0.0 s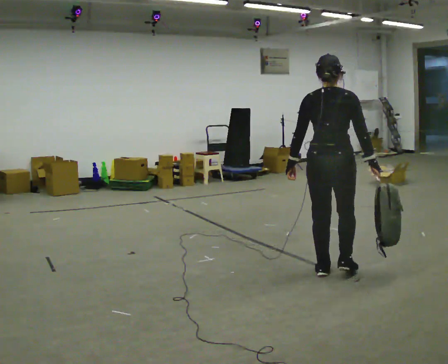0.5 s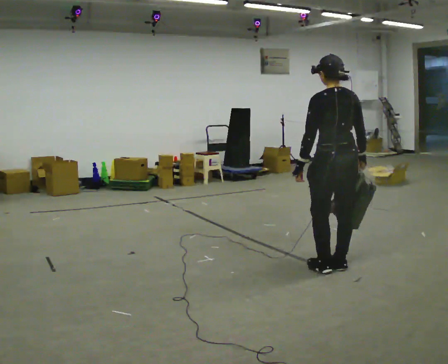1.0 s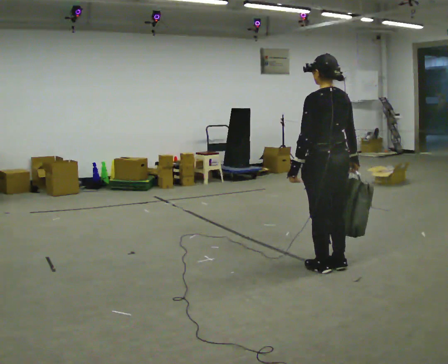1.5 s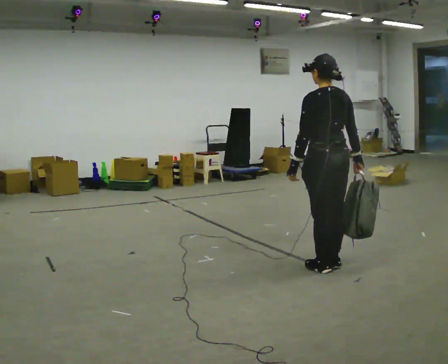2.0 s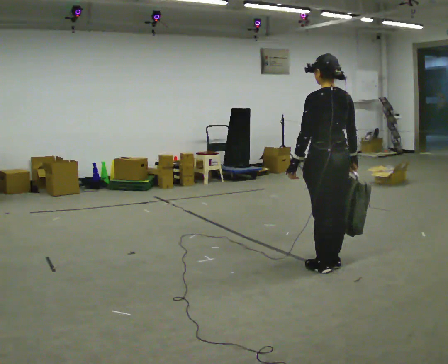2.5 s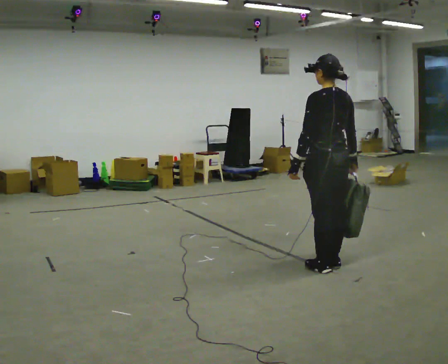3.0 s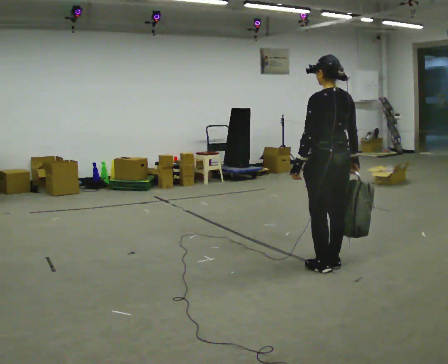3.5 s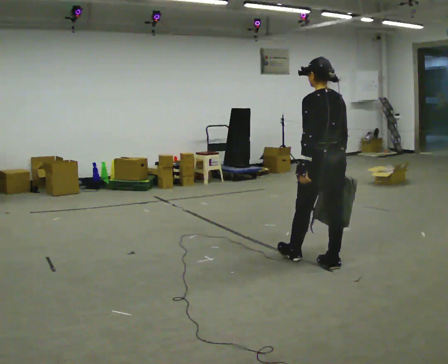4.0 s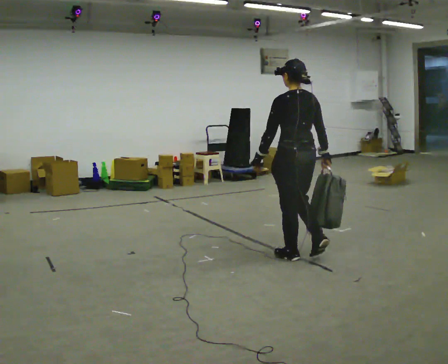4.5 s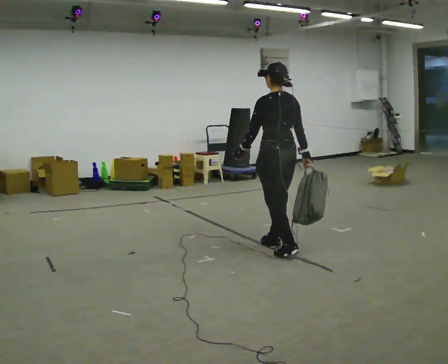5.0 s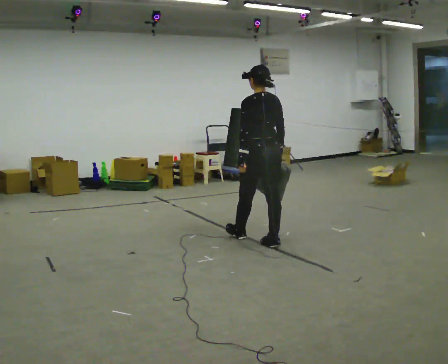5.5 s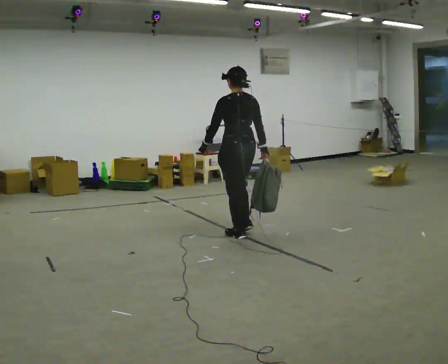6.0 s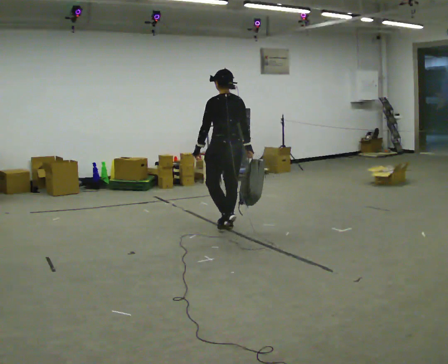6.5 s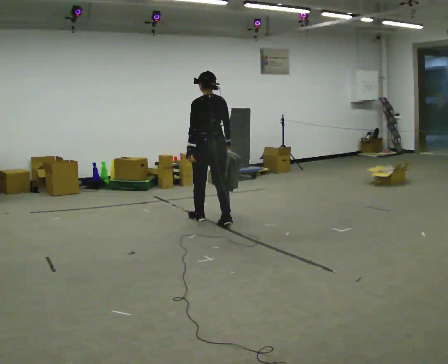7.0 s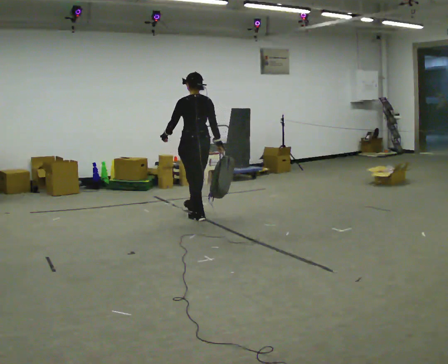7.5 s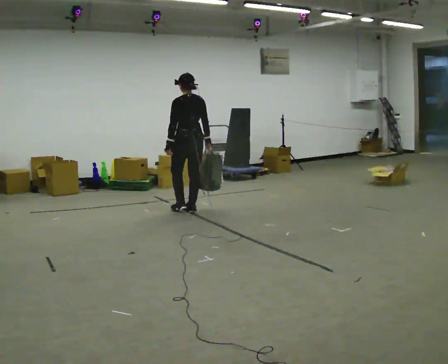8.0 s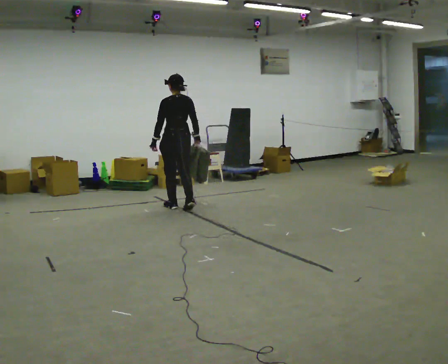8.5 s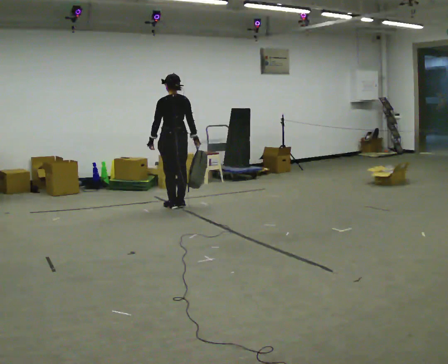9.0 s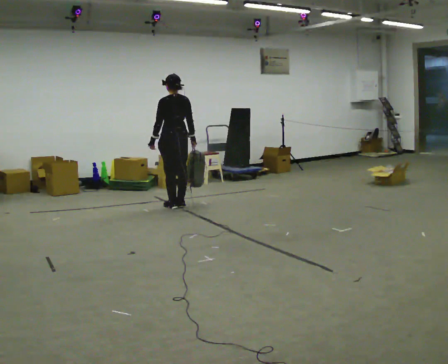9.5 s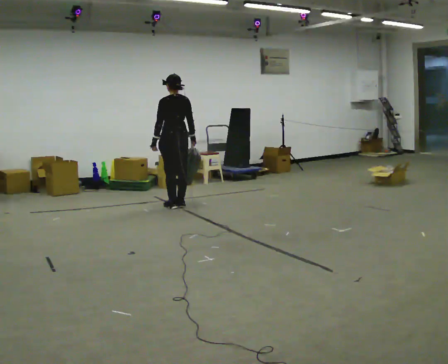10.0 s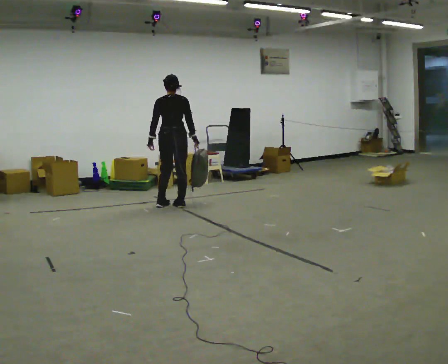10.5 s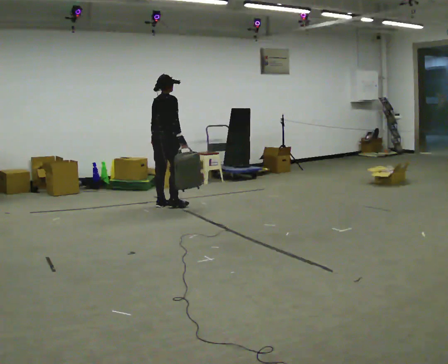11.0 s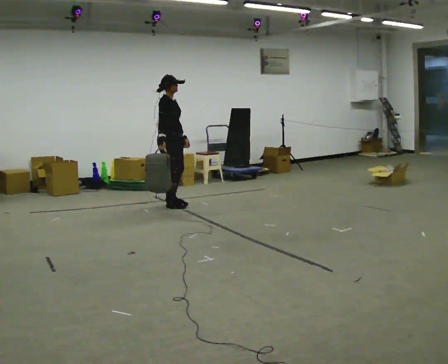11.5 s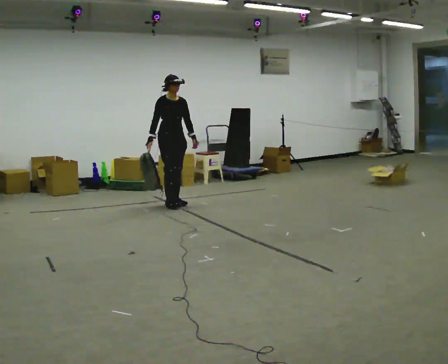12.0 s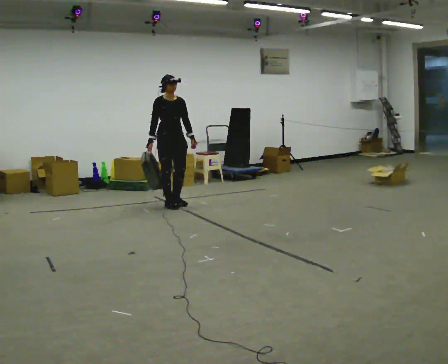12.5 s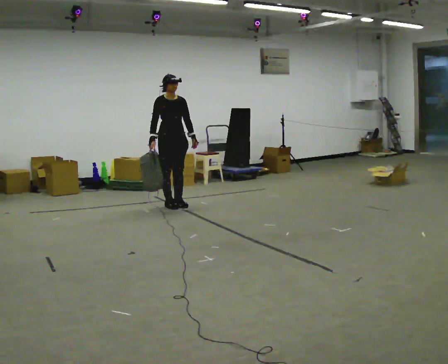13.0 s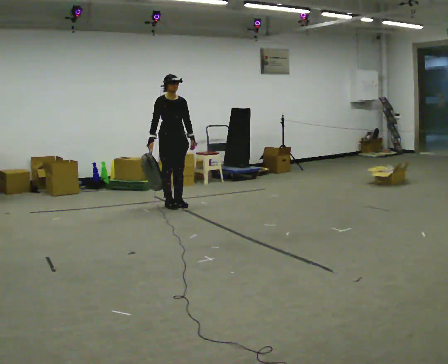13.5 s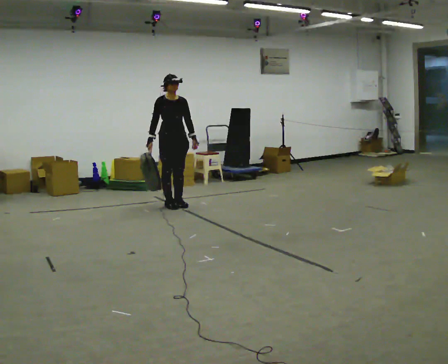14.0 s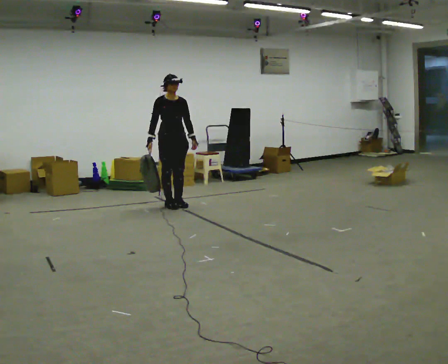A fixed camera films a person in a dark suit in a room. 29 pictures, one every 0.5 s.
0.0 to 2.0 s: The person turns about 60 degrees to their left, counterclockwise seen from above, so the part of the body nearest the lens slides to the right.
2.0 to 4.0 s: In the picture they go away from the camera and to the left, about 0.25 m in 1 step, which for them is forward.
4.0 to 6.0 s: In the picture they go away from the camera and to the left, about 1 m in 3 steps, which for them is forward.
6.0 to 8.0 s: In the picture they go away from the camera and to the left, about 1 m in 3 steps, which for them is forward.
8.0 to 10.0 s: In the picture they go away from the camera, about 0.25 m in 1 step, which for them is forward.
10.0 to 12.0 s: The part of the body nearest the lens slides to the left as the person turns to their right by about 165 degrees. In the picture their left hand goes to the right, the arm swinging counterclockwise.
12.0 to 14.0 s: The person moves a little, or ends about where they began.
The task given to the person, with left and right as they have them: Carry the soft bag across the room, back and forth. It will change shape as you move, so hold it however works.
The film runs forward here.
